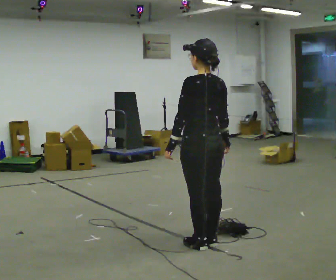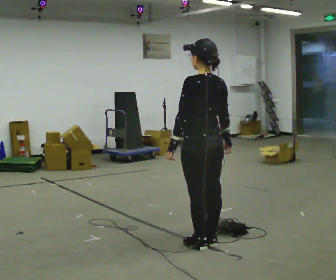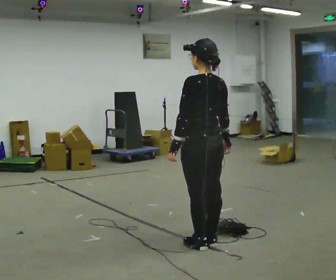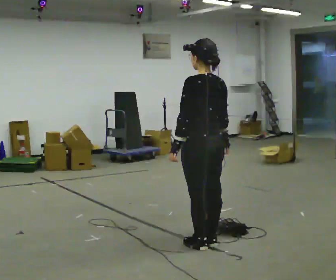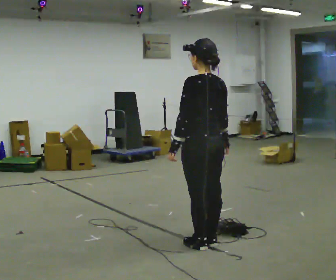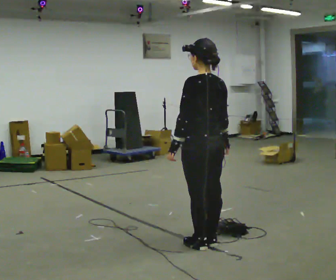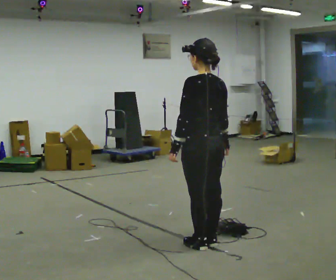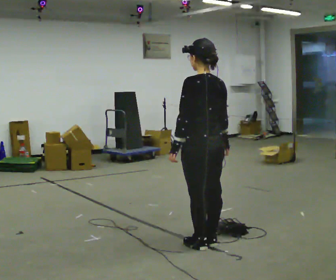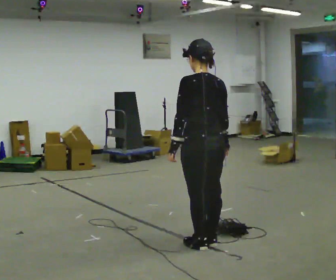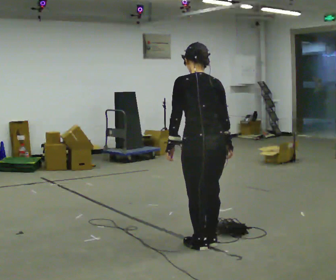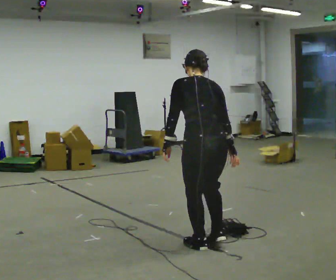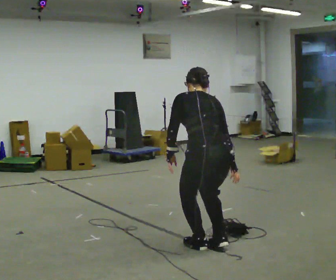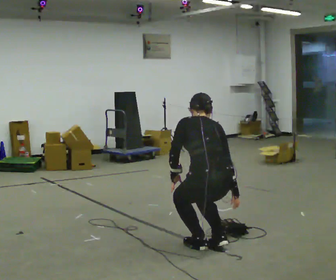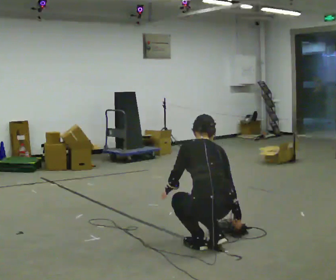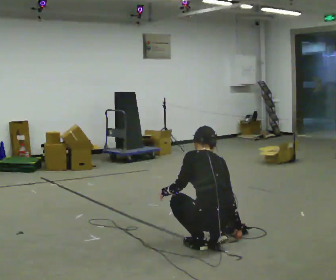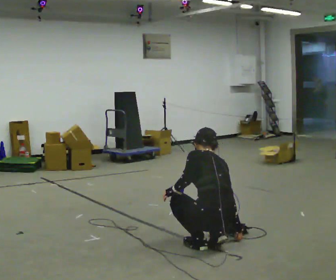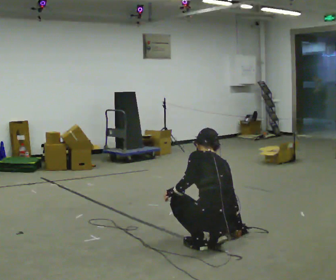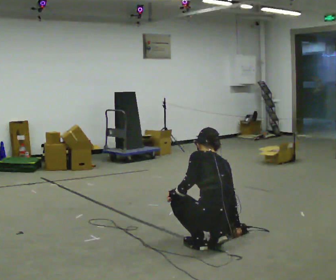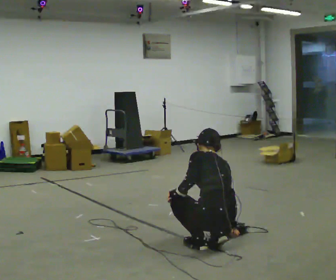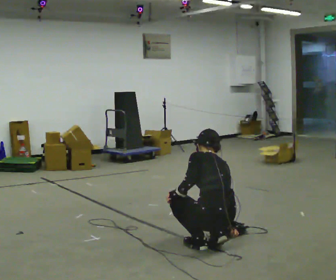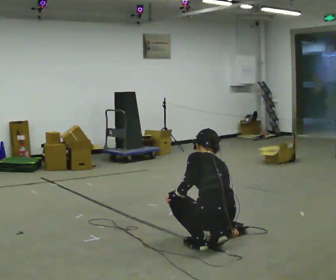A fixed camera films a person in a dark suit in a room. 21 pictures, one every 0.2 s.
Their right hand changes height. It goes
downward.
Their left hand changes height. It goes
downward.
0.0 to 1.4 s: The person moves a little, or ends about where they began.
1.4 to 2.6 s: The shoulders move downward. The upper body tips away from the camera, its near side rolling upward, as they bend forward. In the picture their left hand goes downward.
2.6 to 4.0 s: The person moves a little, or ends about where they began.
The film runs forward here.
